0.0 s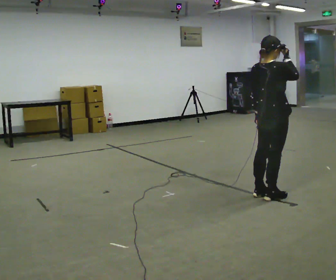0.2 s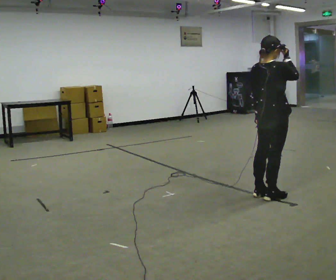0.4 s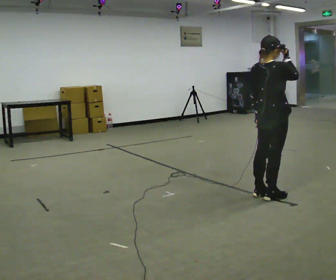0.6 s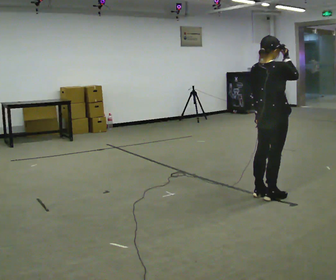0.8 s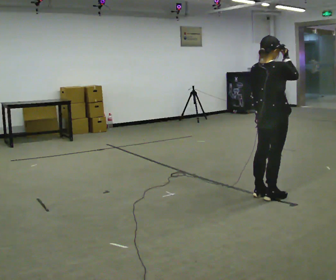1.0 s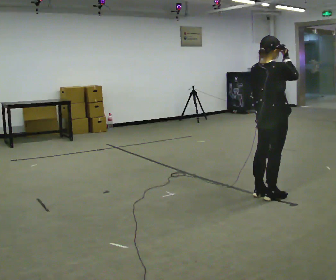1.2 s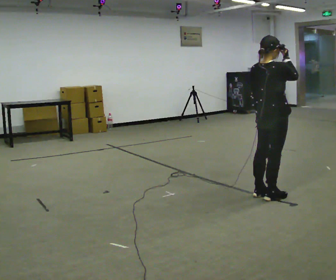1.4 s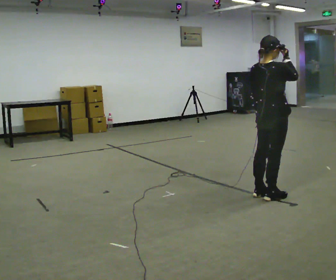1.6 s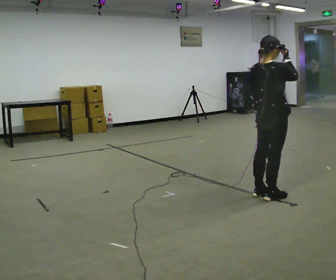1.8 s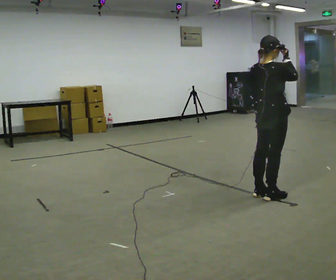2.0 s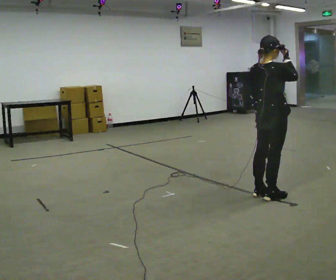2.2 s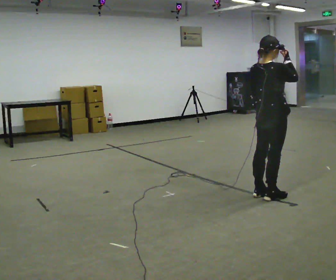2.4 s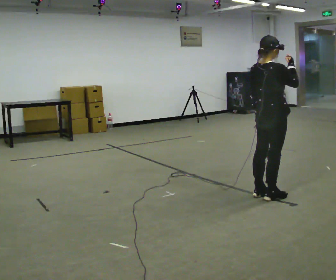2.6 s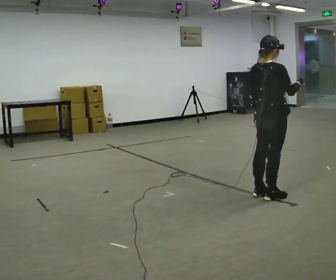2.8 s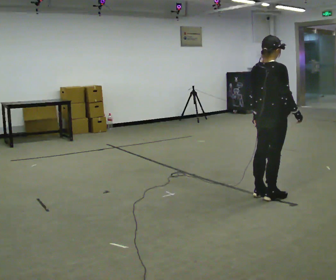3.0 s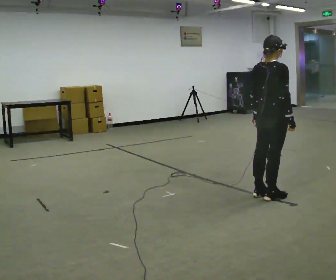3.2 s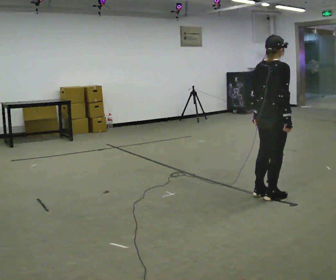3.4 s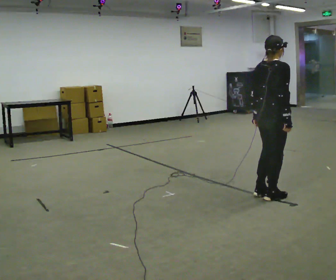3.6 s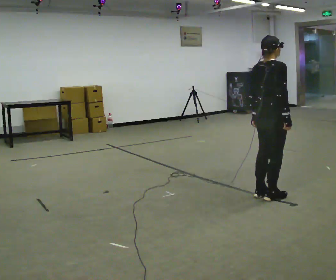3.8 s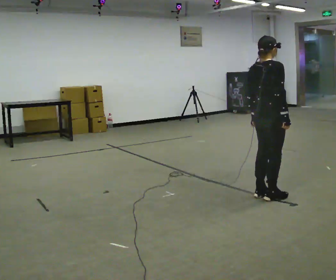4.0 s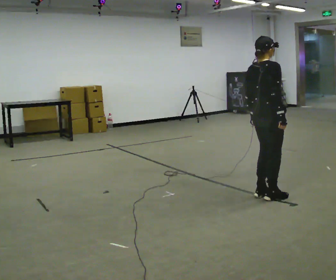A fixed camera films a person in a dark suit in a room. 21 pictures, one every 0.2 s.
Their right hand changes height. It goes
downward.
0.0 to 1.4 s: The person keeps their place and pose.
1.4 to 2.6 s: The person moves a little, or ends about where they began.
2.6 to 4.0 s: In the picture their right hand goes downward, the arm swinging clockwise.
The film runs backward here.
